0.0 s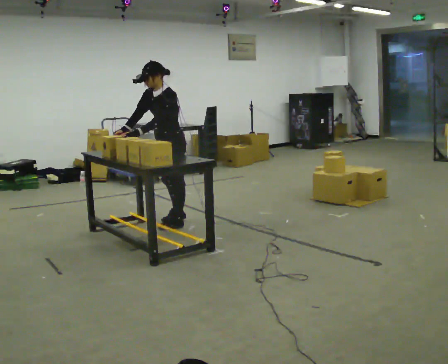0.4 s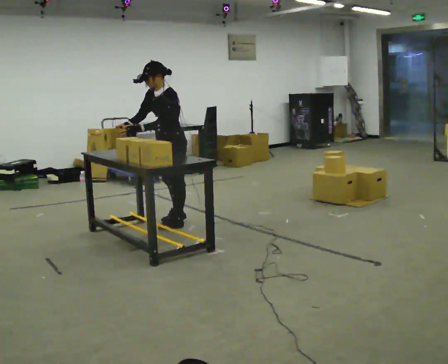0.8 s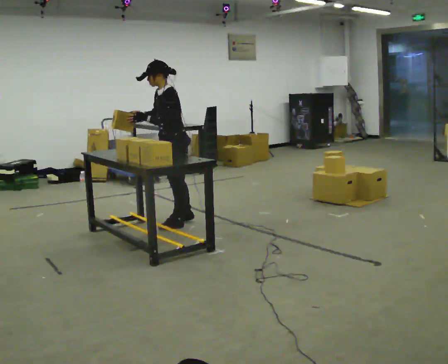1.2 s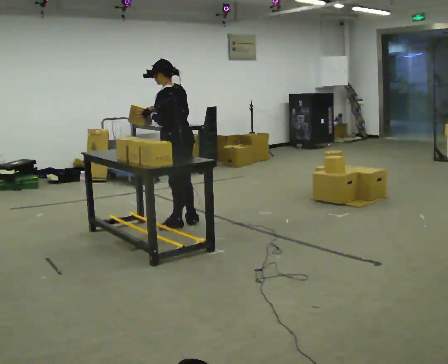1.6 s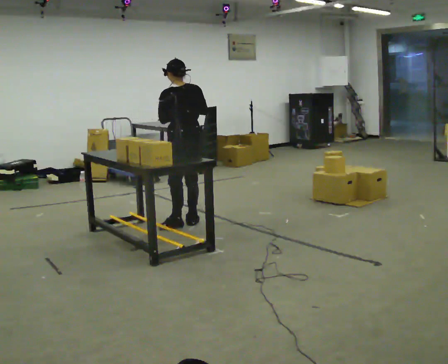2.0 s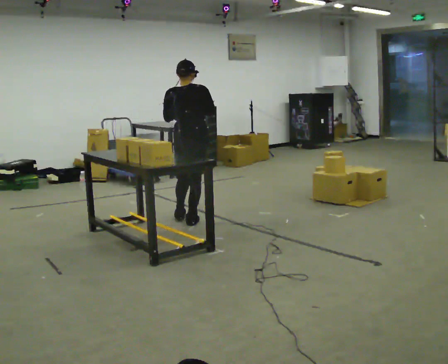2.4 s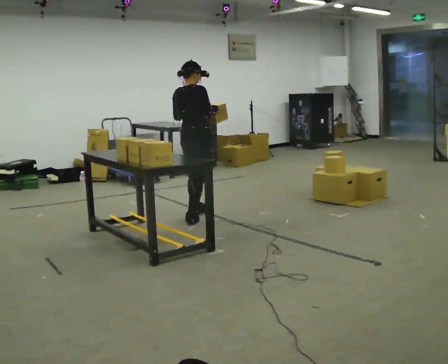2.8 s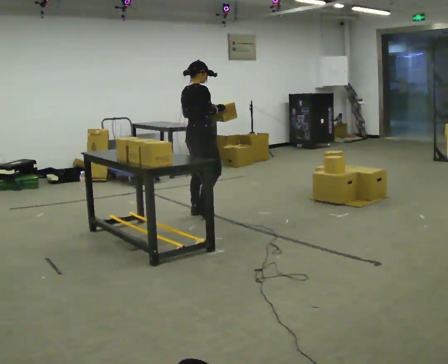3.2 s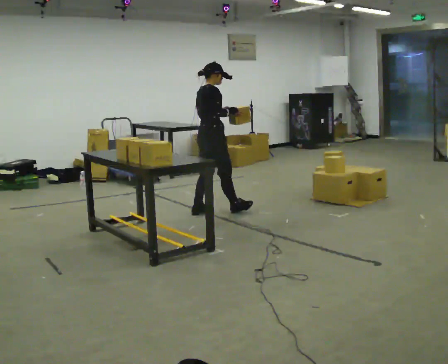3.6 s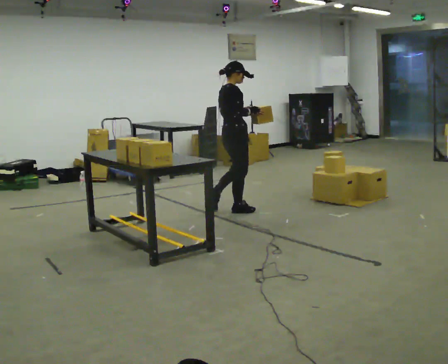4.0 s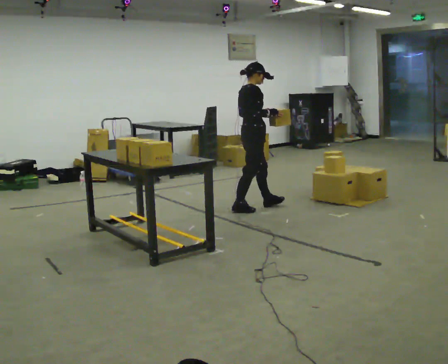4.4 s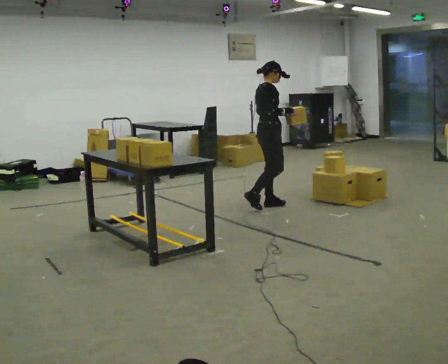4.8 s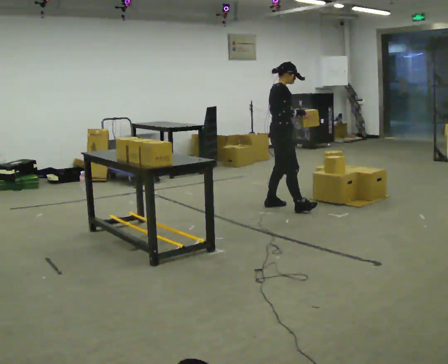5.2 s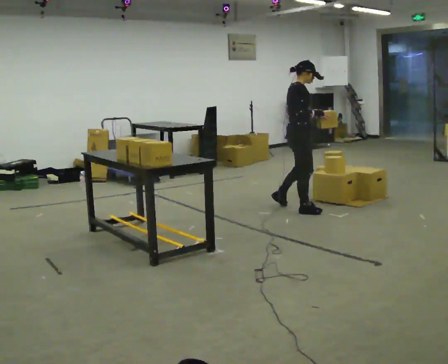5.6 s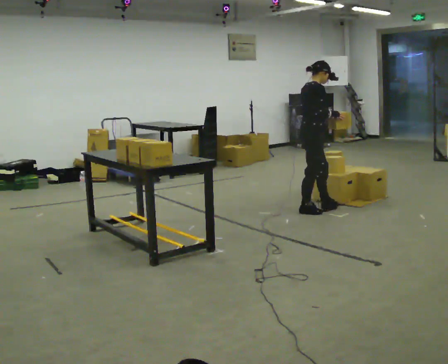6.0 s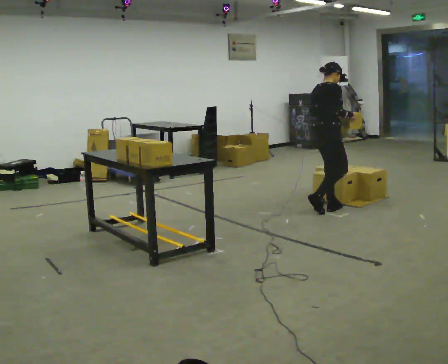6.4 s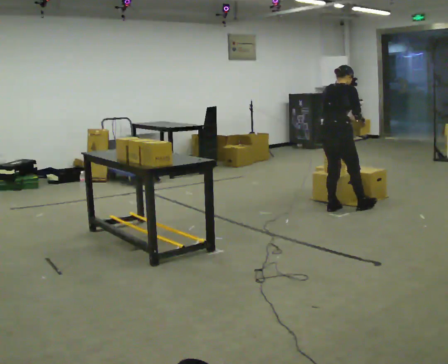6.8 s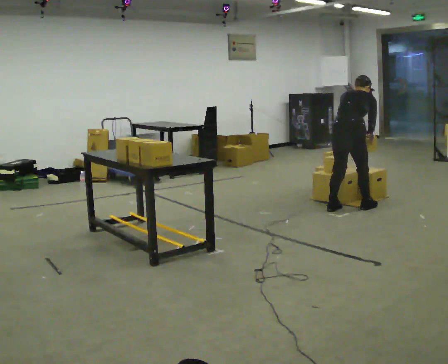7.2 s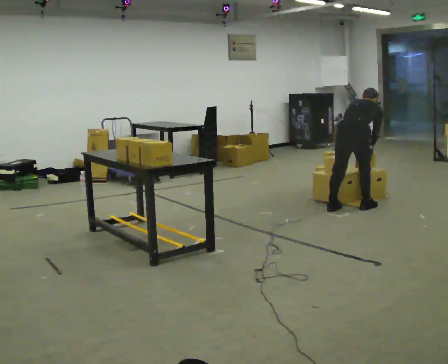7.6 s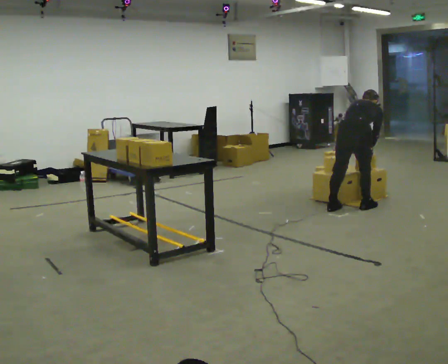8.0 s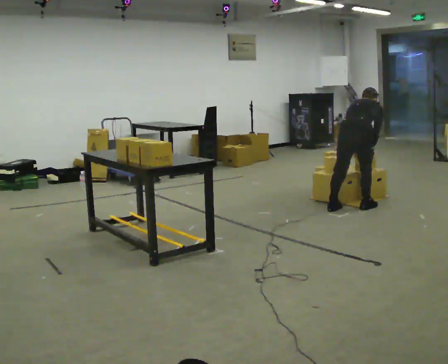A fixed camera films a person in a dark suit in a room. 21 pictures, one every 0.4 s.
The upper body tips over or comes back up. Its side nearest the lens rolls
upward.
The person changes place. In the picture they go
to the right.
0.0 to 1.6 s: Seen from above the body turns clockwise, about 90 degrees: to their right, with its near side sliding to the left. The upper body tips away from the camera, its near side rolling upward, as they lean back or straighten. In the picture their right hand goes to the right.
1.6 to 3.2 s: Seen from above the body turns clockwise, about 105 degrees: to their right, with its near side sliding to the left. In the picture they go away from the camera, about 0.5 m in 2 steps.
3.2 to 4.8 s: In the picture they go to the right, about 0.5 m in 1 step, which for them is forward.
4.8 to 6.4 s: The person turns about 45 degrees to their left, counterclockwise seen from above, so the part of the body nearest the lens slides to the right. In the picture they go to the right and toward the camera, about 0.5 m in 2 steps, which for them is forward and to their right.
6.4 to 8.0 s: In the picture they go to the right, about 0.25 m in 1 step, which for them is to their right. The shoulders move downward. The upper body tips away from the camera, its near side rolling upward, as they bend forward. In the picture their right hand goes downward.
The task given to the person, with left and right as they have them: 1. Bring the boxes over from the shelf one at a time. 2. Stack them on the pallet with the heaviest at the bottom. 3. Do not stack more than three high. 4. Tell the operator when you are finished.
The film runs forward here.
